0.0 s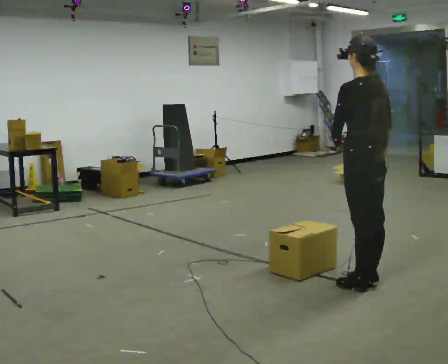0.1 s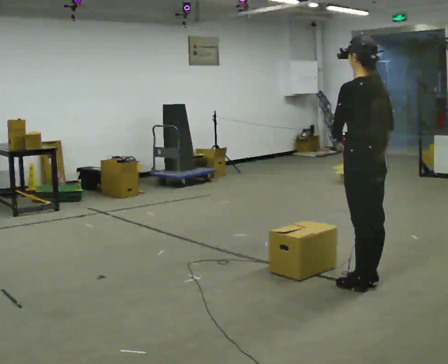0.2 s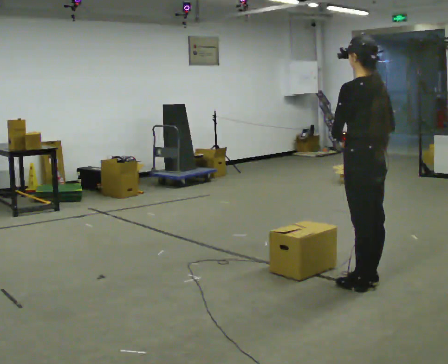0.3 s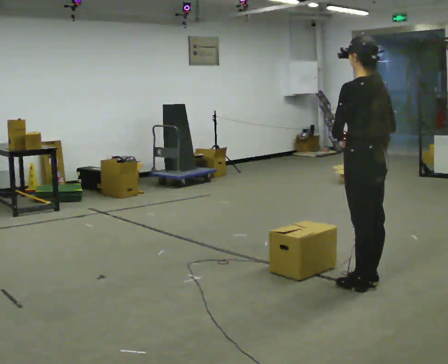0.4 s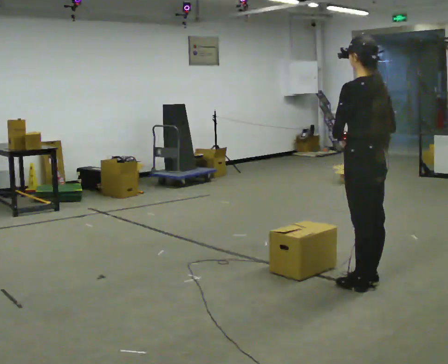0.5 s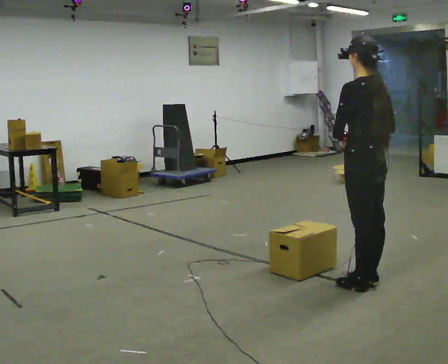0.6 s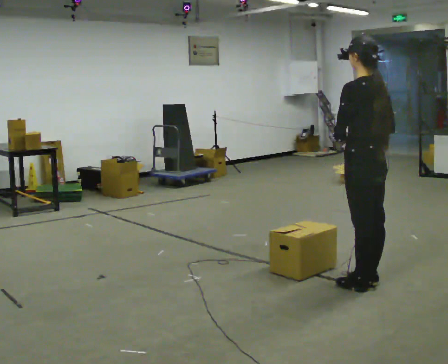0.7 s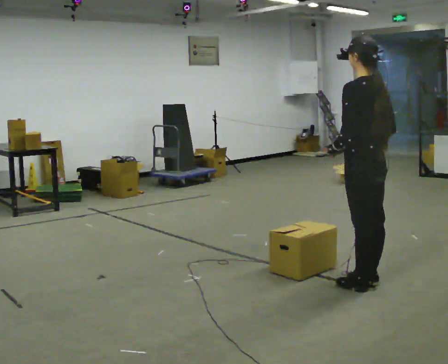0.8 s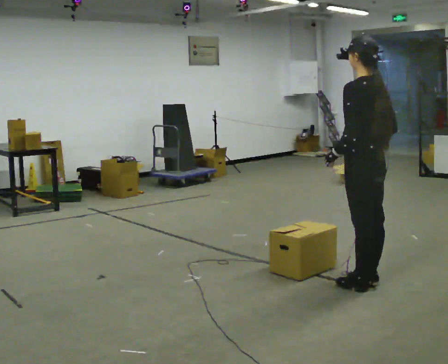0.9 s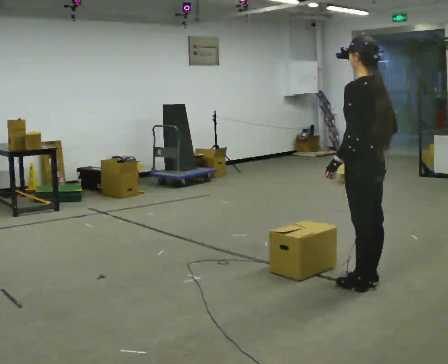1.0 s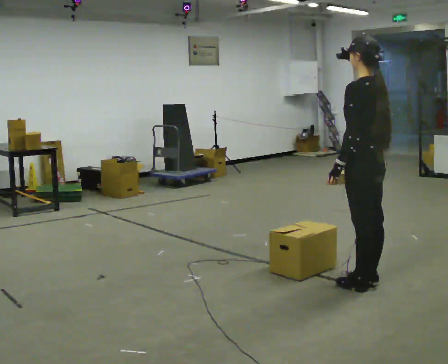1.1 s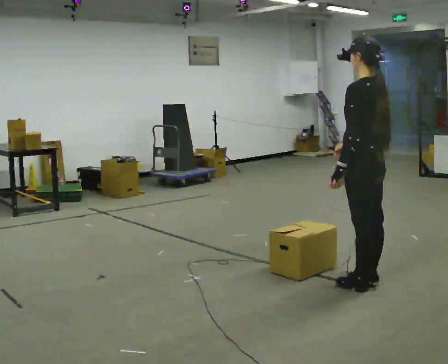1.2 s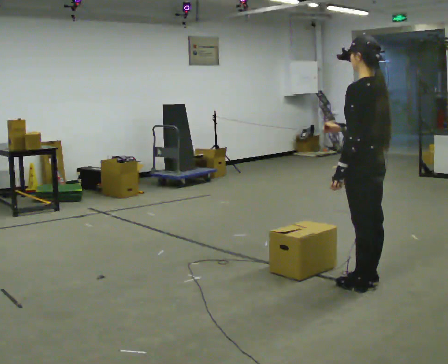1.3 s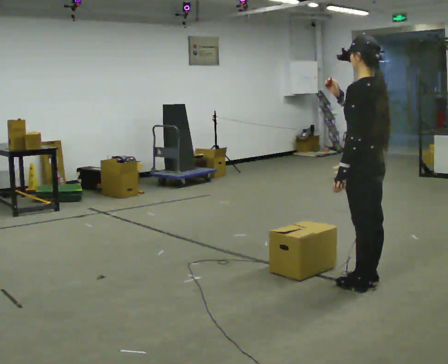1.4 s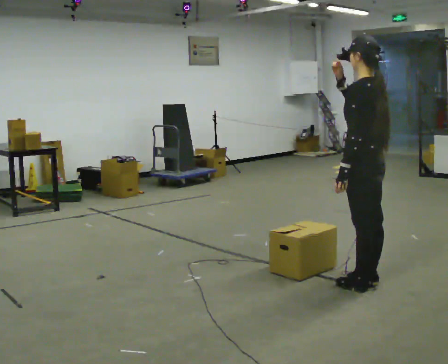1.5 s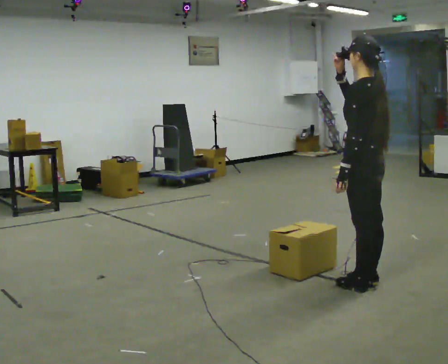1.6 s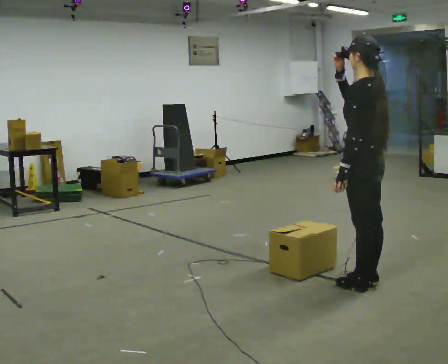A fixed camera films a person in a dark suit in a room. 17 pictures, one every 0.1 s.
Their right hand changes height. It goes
upward.
0.0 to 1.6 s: In the picture their right hand goes upward.
The film runs backward here.
